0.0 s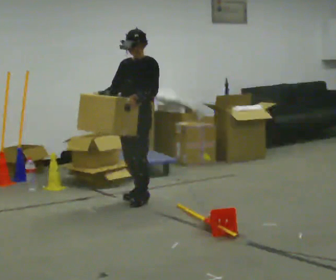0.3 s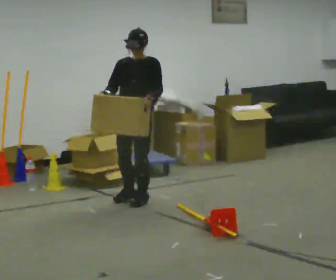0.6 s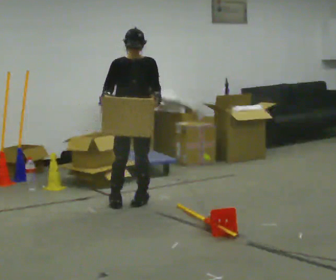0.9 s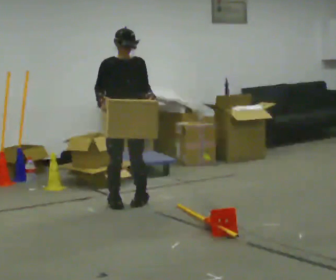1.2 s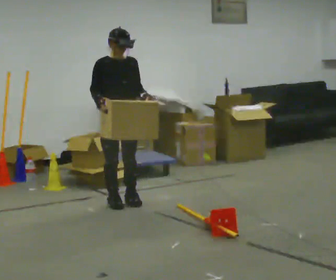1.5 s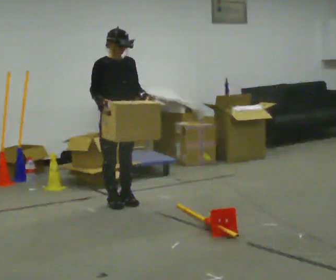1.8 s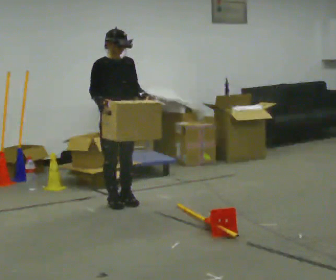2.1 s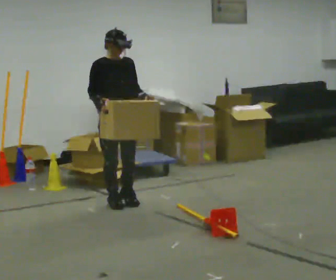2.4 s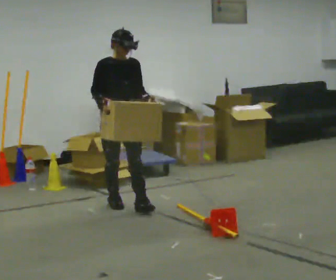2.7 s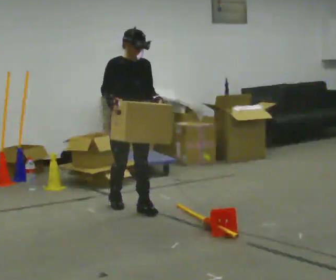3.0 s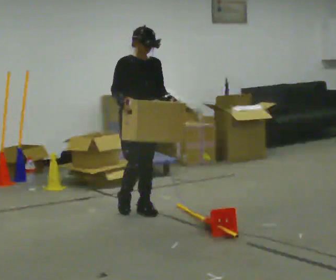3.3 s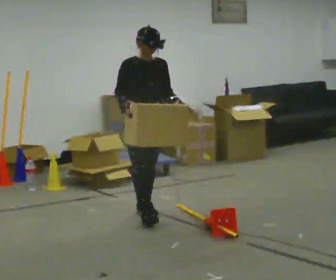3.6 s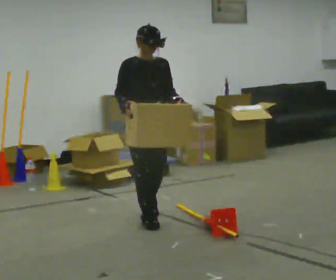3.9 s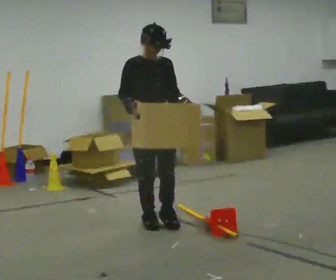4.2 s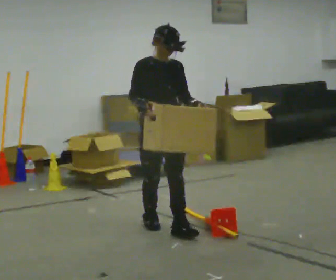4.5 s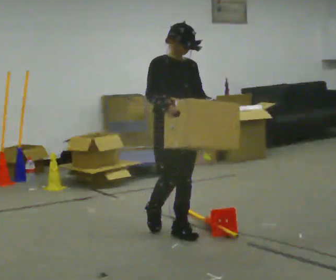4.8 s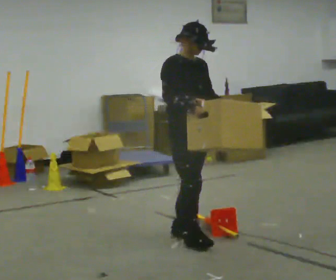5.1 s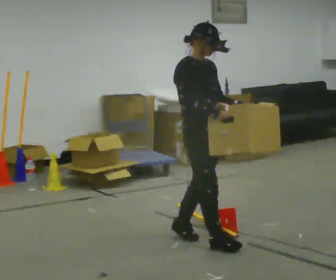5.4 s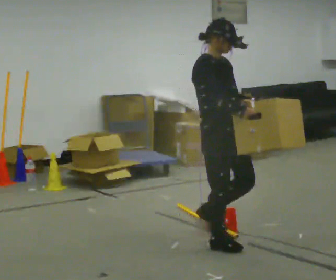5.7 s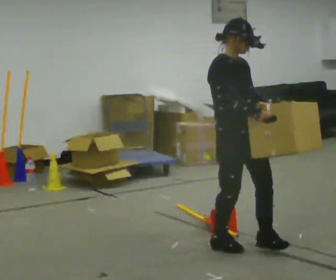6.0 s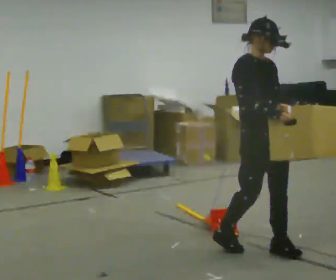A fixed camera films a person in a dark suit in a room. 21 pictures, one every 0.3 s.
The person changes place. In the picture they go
toward the camera.
The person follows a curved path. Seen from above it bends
counterclockwise.
0.0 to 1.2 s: The person turns about 60 degrees to their left, counterclockwise seen from above, so the part of the body nearest the lens slides to the right. In the picture they go to the left, about 0.25 m in 1 step.
1.2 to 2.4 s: The person moves a little, or ends about where they began.
2.4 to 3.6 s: In the picture they go toward the camera, about 0.5 m in 2 steps, which for them is forward.
3.6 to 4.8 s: In the picture they go toward the camera and to the right, about 0.5 m in 1 step, which for them is forward.
4.8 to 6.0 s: In the picture they go toward the camera and to the right, about 0.75 m in 2 steps, which for them is forward.
The film runs forward here.
